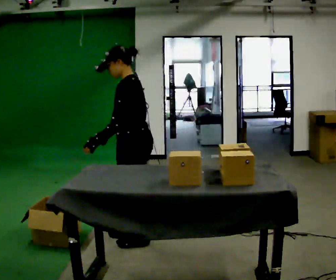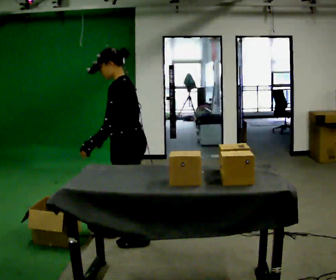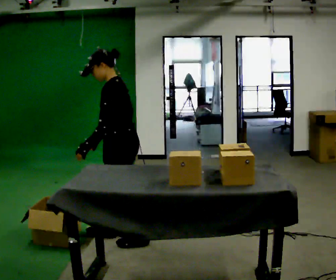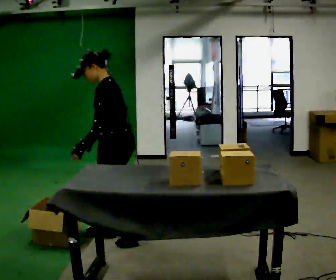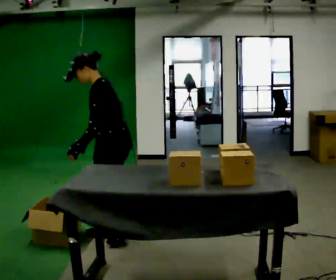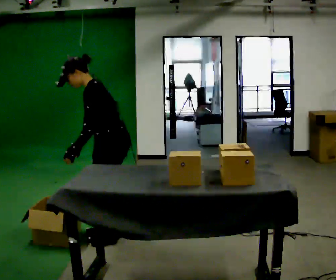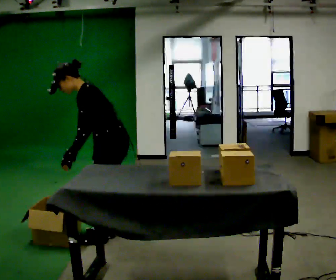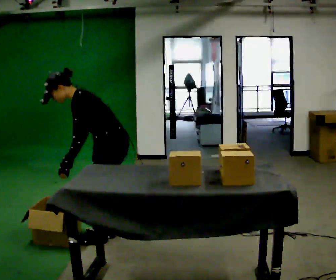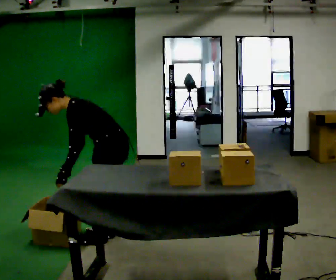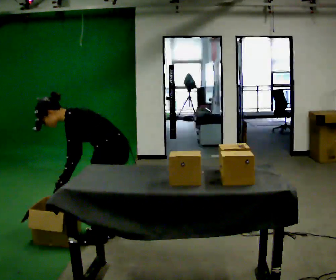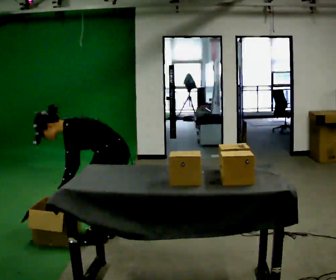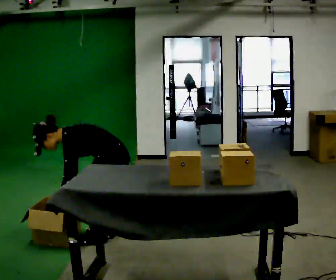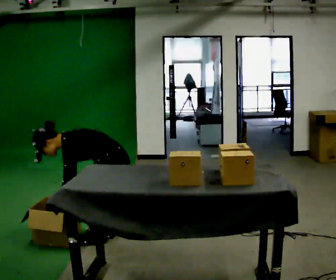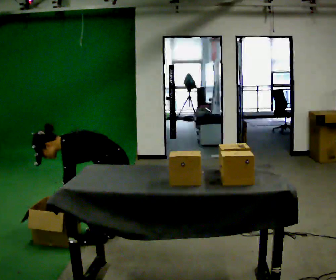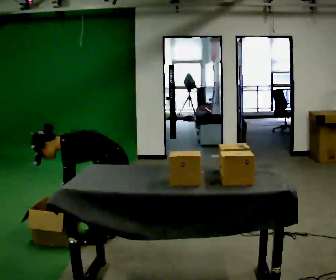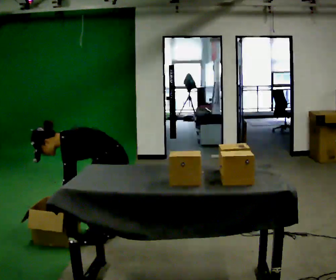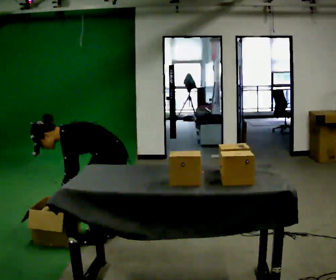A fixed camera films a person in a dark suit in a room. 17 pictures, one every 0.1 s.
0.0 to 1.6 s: In the picture they go to the left, about 0.25 m in 2 steps, which for them is forward. In the picture the upper body tilts counterclockwise, shoulders to the left, as they bend forward. In the picture their left hand goes downward and to the left.
The film runs forward here.
